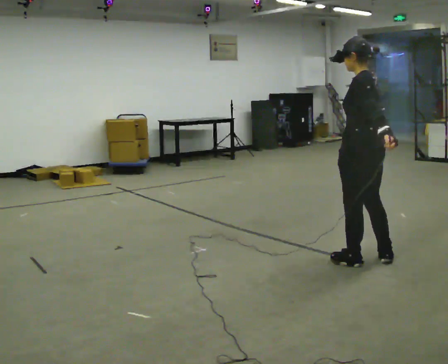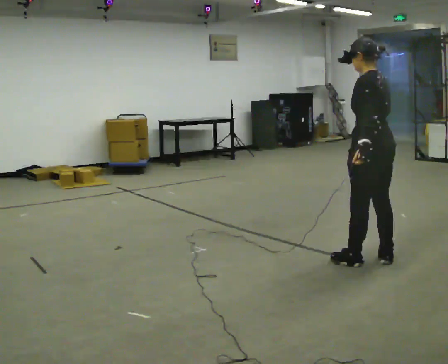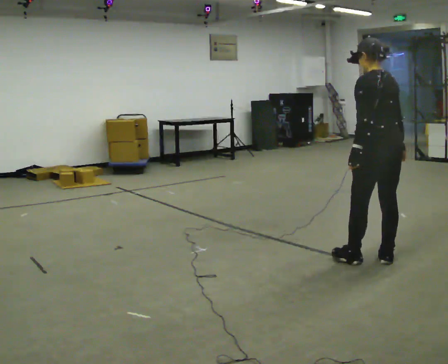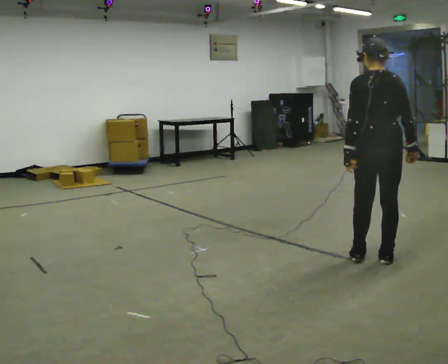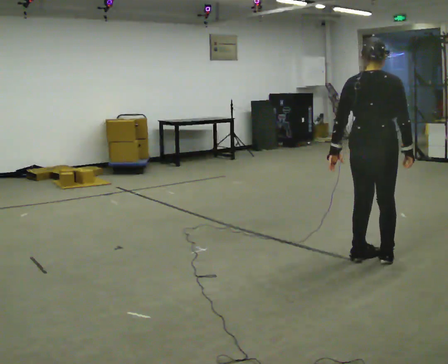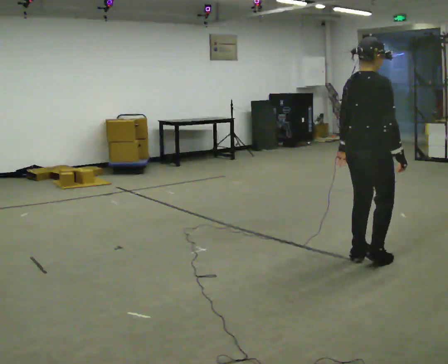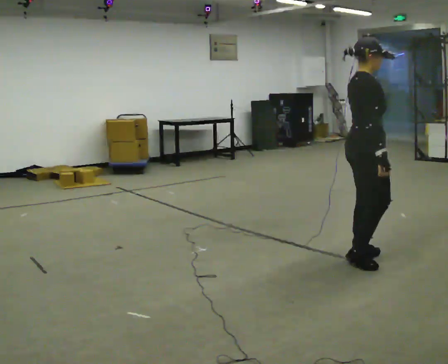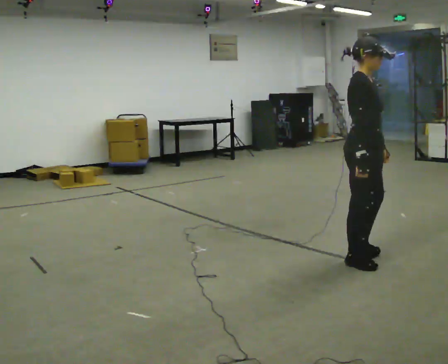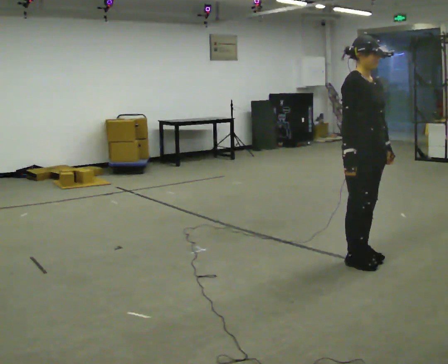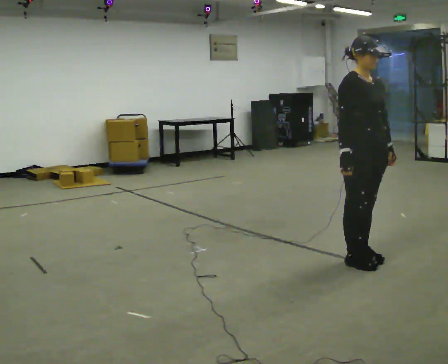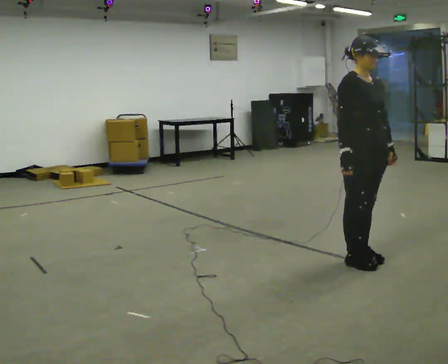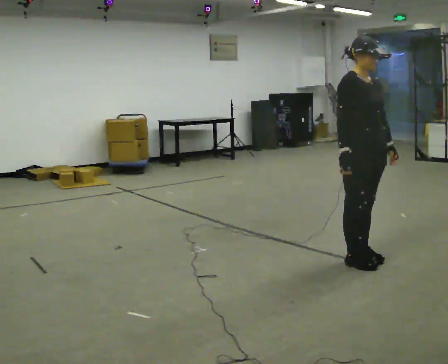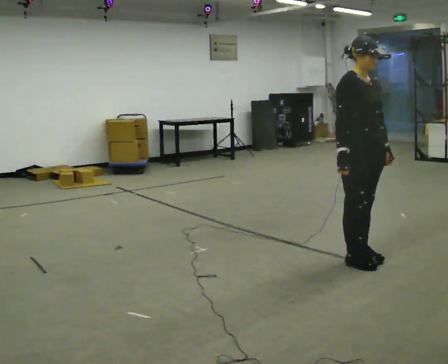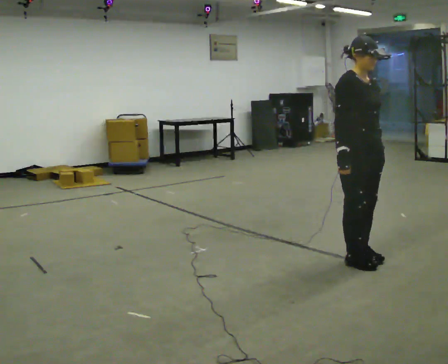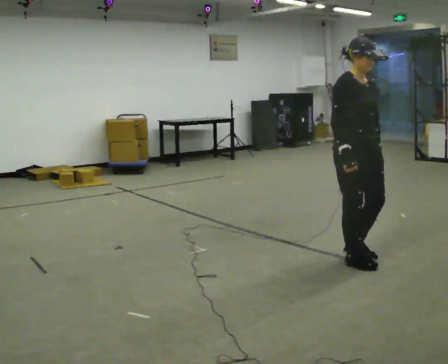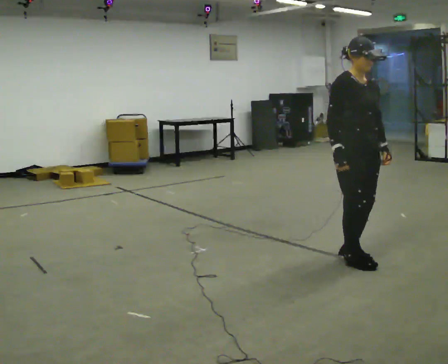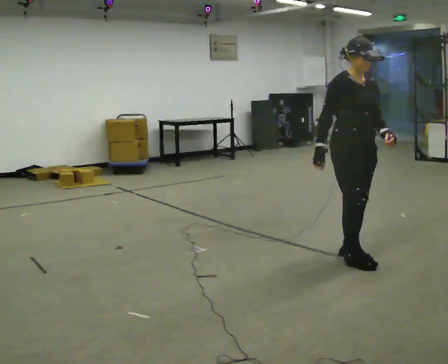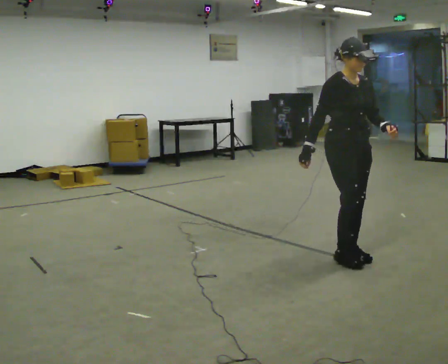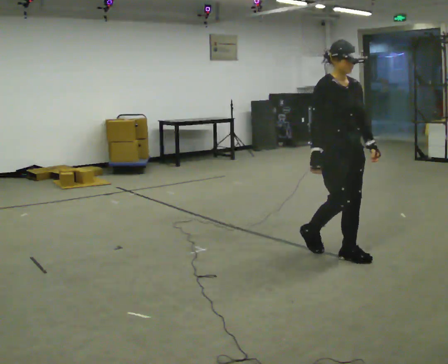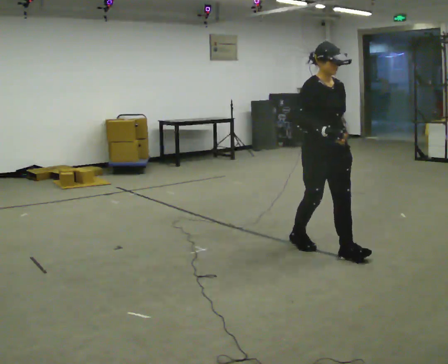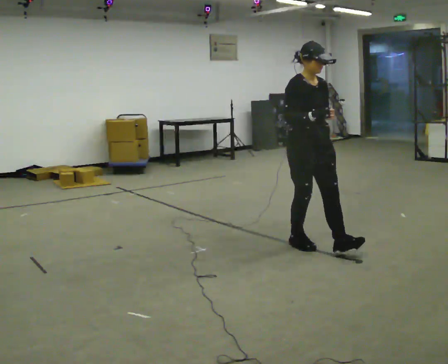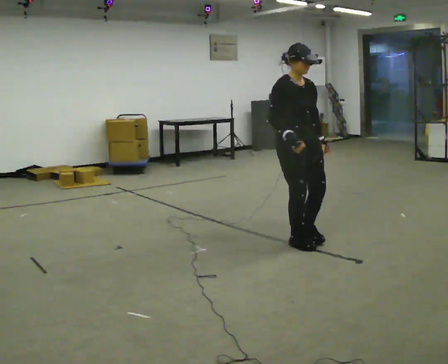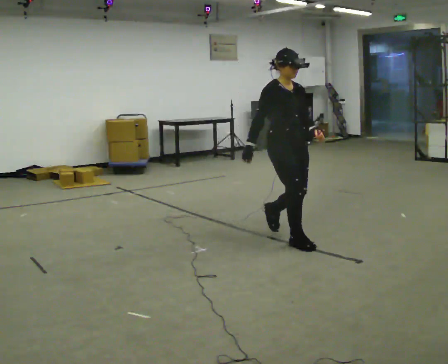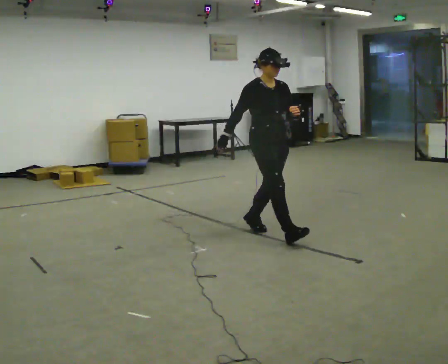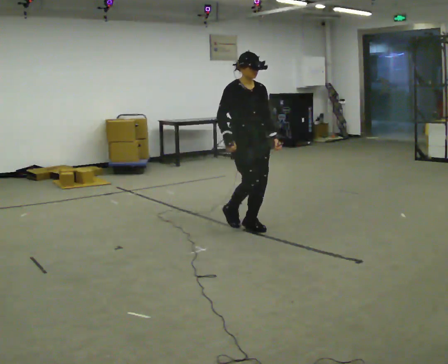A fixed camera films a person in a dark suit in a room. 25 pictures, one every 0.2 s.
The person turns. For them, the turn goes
to their right.
The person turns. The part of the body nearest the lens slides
to the left.
0.0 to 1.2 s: Seen from above the body turns clockwise, about 135 degrees: to their right, with its near side sliding to the left.
1.2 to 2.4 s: Seen from above the body turns clockwise, about 60 degrees: to their right, with its near side sliding to the left.
2.4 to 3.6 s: In the picture they go to the left, about 0.25 m in 1 step, which for them is backward.
3.6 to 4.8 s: In the picture they go to the left and away from the camera, about 1 m in 2 steps, which for them is backward.
The film runs backward here.
